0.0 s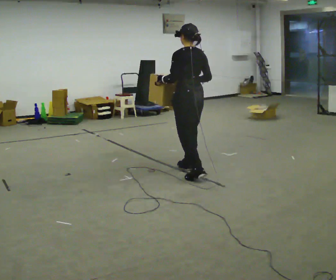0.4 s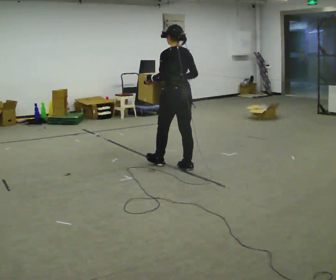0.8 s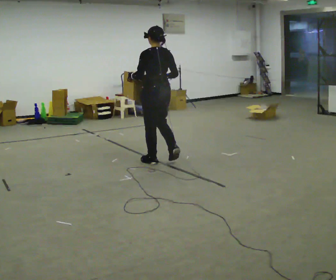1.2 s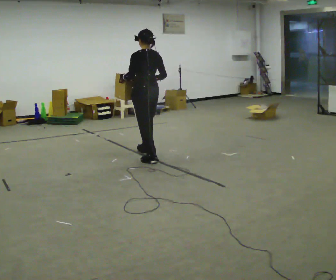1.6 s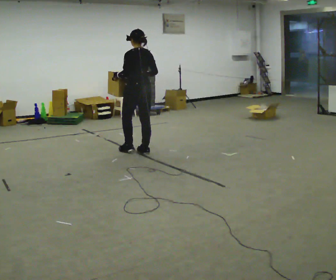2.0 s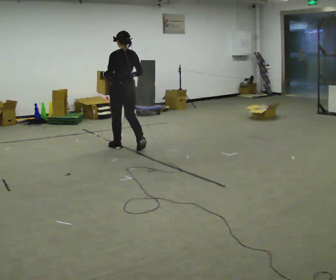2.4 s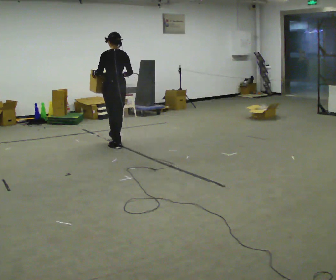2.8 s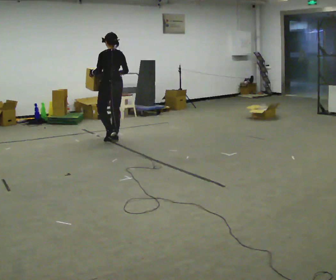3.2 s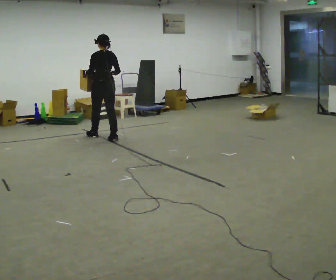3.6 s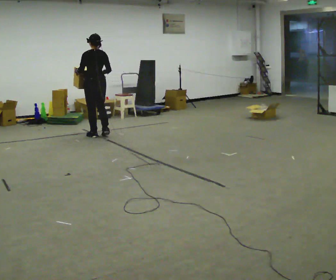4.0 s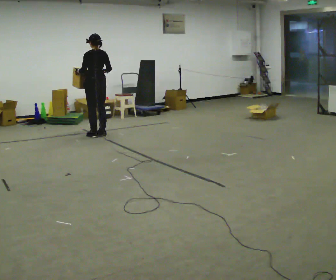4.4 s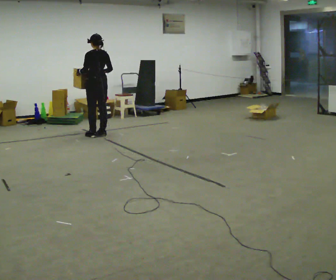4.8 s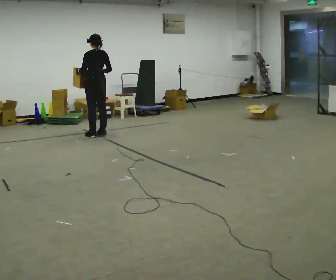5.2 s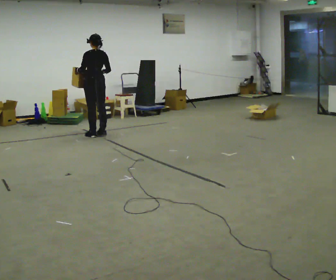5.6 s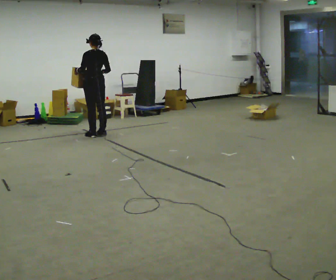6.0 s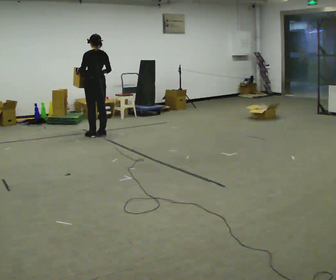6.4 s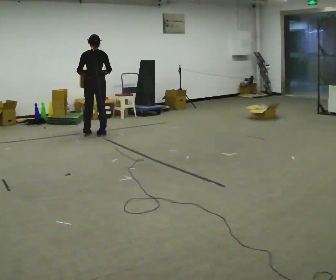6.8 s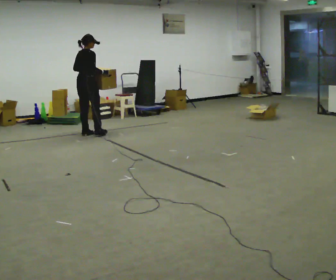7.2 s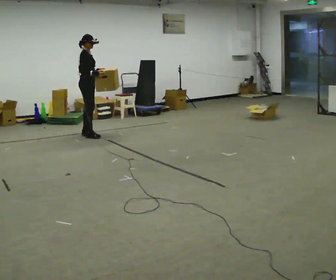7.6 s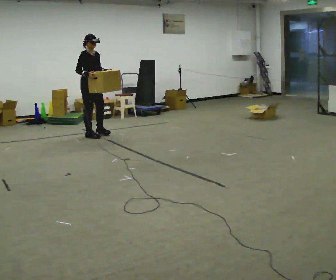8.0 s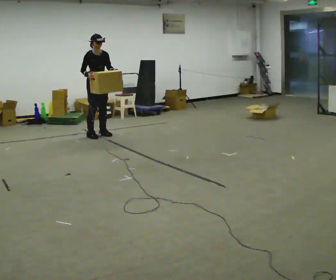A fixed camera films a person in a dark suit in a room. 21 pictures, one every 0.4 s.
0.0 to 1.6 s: In the picture they go away from the camera and to the left, about 1 m in 2 steps, which for them is forward.
1.6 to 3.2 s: In the picture they go away from the camera and to the left, about 1 m in 3 steps, which for them is forward.
3.2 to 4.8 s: In the picture they go away from the camera, about 0.25 m in 1 step, which for them is forward.
4.8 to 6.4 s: The part of the body nearest the lens slides to the left as the person turns to their right by about 30 degrees.
6.4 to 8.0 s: The person turns about 150 degrees to their right, clockwise seen from above, so the part of the body nearest the lens slides to the left. In the picture their right hand goes to the left.
The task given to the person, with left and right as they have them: Carry the box across the room as briskly as you comfortably can, back and forth. Do not run.
The film runs forward here.
